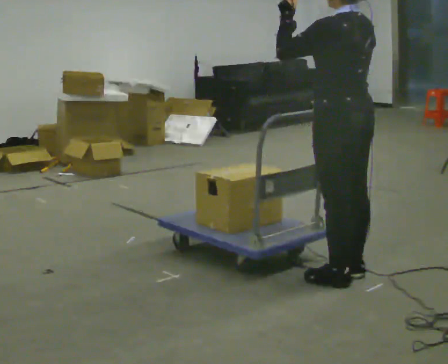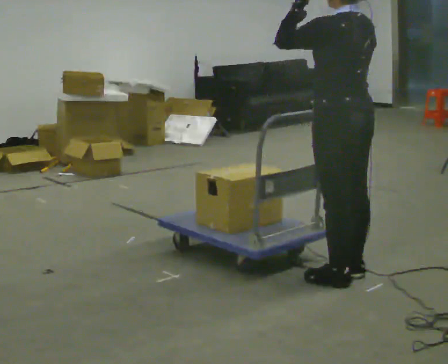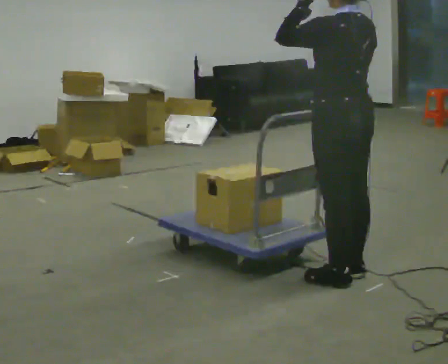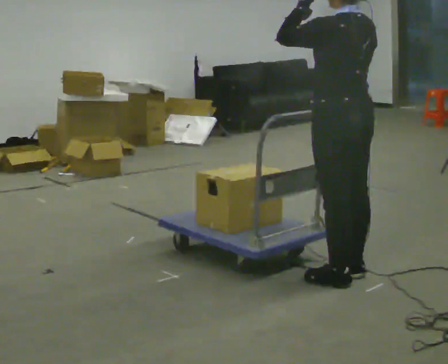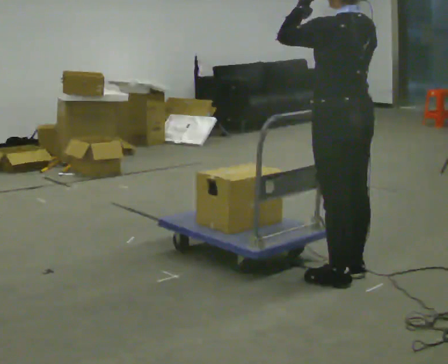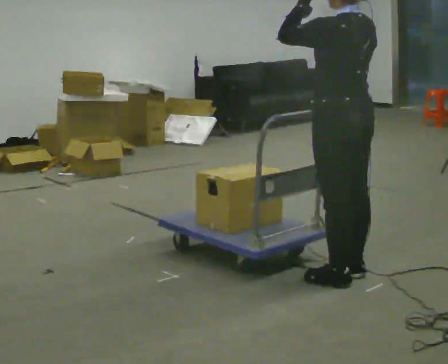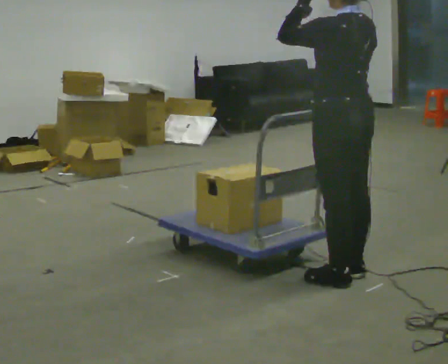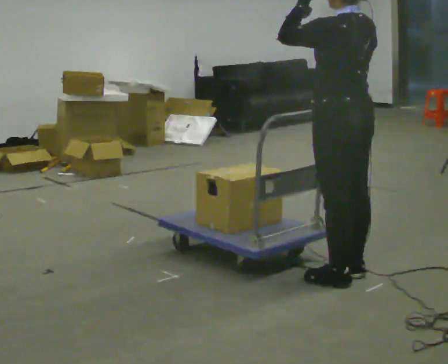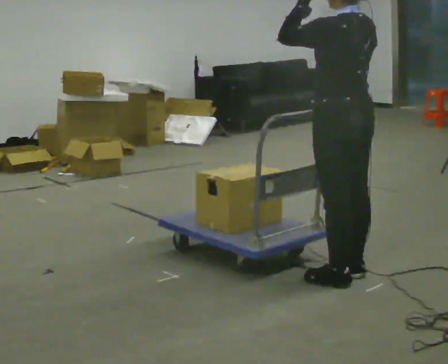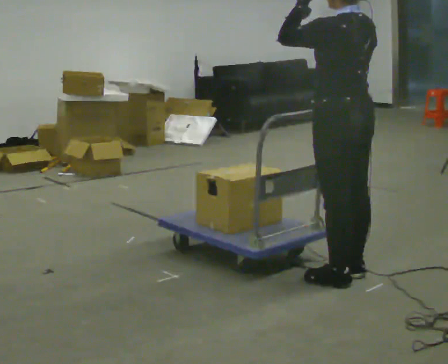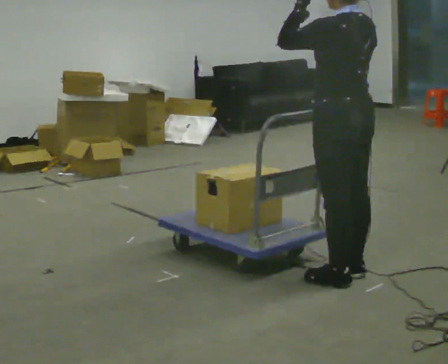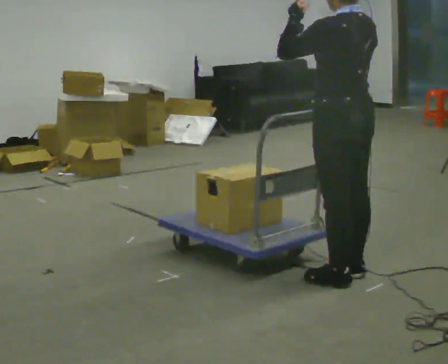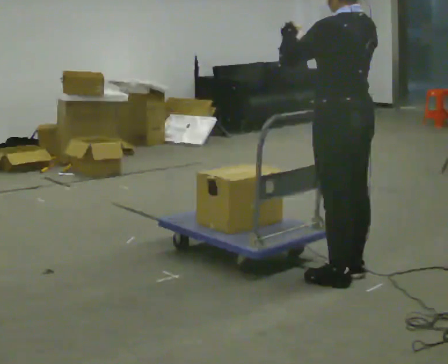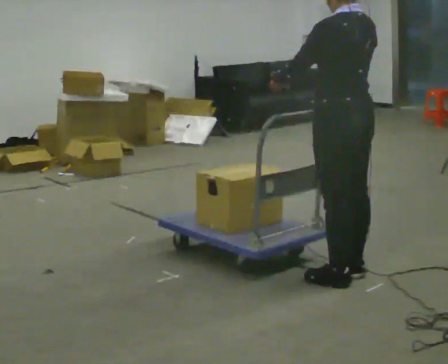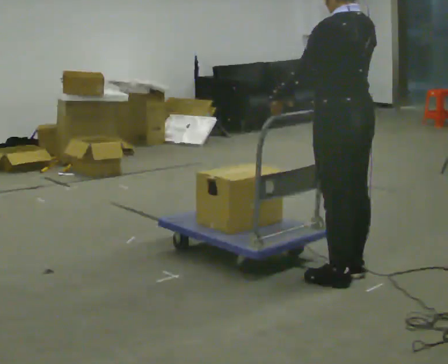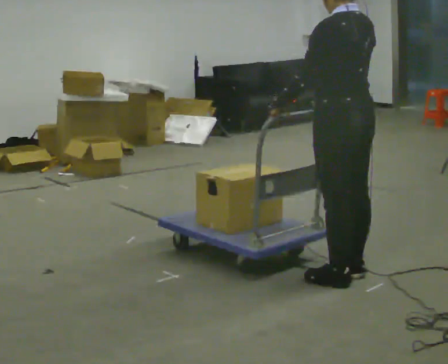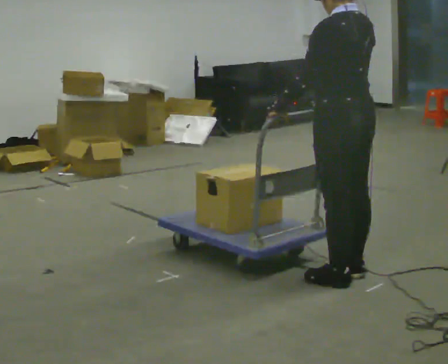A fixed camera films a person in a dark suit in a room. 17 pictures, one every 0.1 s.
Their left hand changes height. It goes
downward.
0.0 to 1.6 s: In the picture their left hand goes downward.
The film runs forward here.
